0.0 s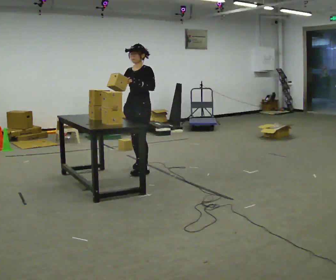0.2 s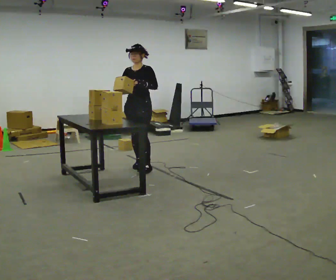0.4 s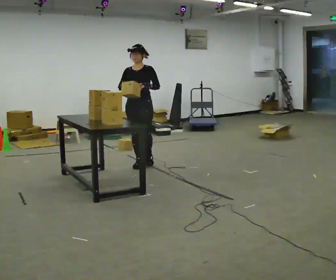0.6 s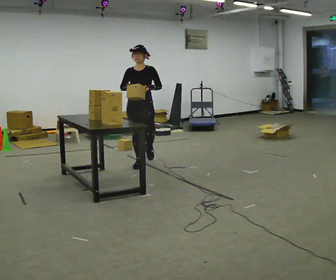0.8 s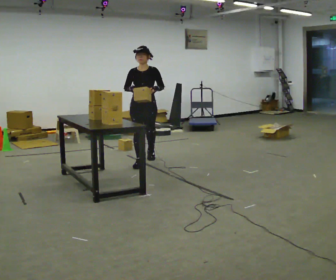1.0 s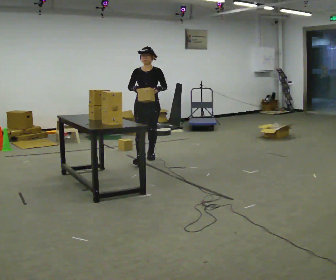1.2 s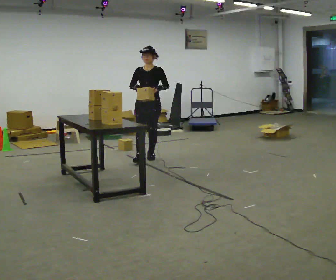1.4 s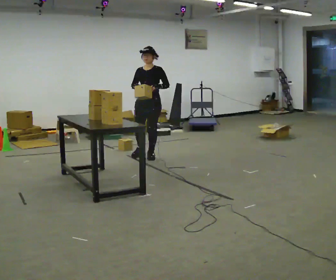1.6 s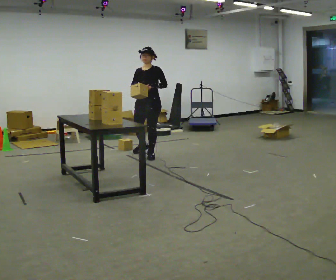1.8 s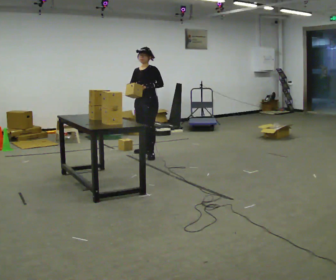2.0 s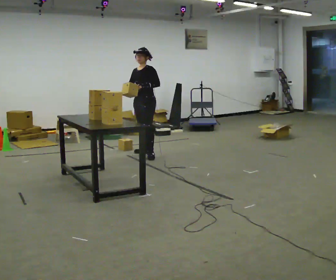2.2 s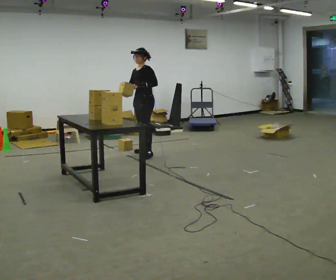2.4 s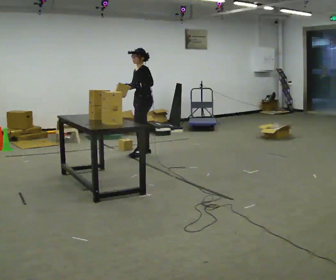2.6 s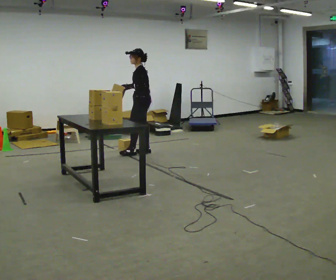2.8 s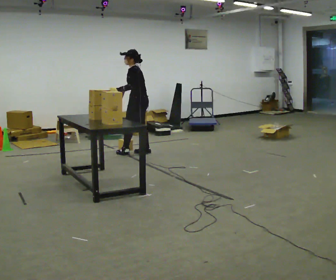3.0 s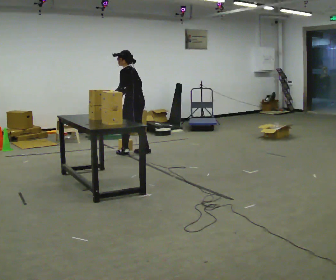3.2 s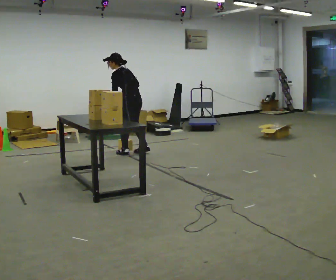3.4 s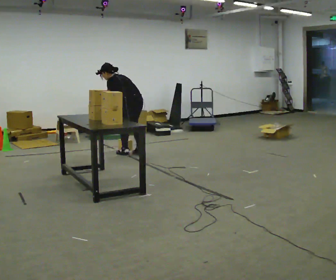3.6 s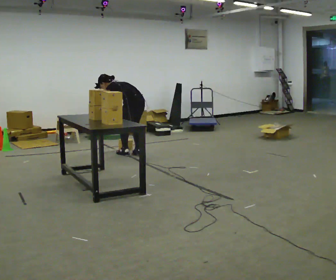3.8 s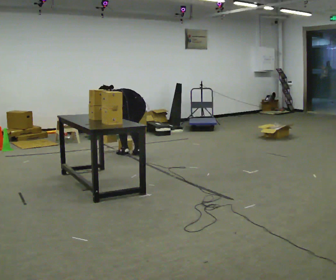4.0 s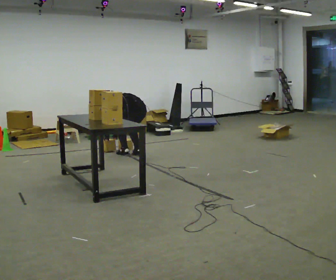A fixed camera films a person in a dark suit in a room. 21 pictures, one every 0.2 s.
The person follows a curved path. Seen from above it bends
counterclockwise.
The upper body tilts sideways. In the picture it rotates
counterclockwise.
0.0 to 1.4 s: In the picture they go away from the camera, about 0.75 m in 2 steps, which for them is backward.
1.4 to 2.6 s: The part of the body nearest the lens slides to the left as the person turns to their right by about 60 degrees. In the picture they go away from the camera, about 0.25 m in 1 step.
2.6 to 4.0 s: The part of the body nearest the lens slides to the left as the person turns to their right by about 45 degrees. In the picture they go toward the camera, about 0.25 m in 1 step, which for them is to their left. The shoulders move downward. In the picture the upper body tilts counterclockwise, shoulders to the left, as they bend forward. In the picture their right hand goes downward.
The film runs backward here.
